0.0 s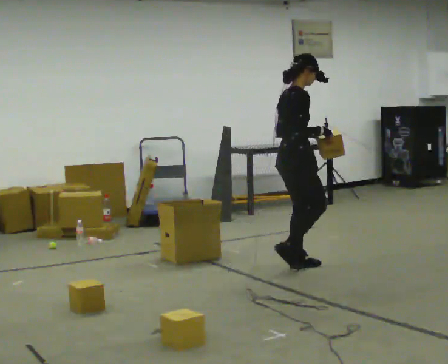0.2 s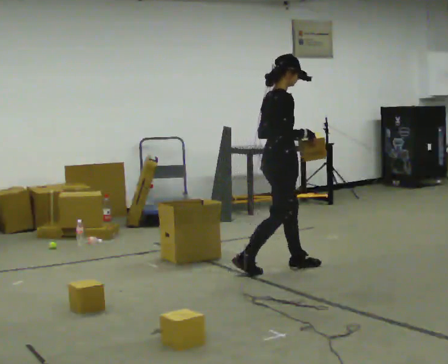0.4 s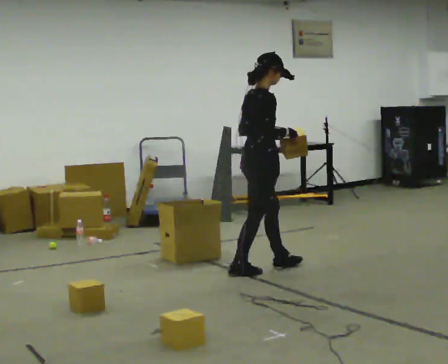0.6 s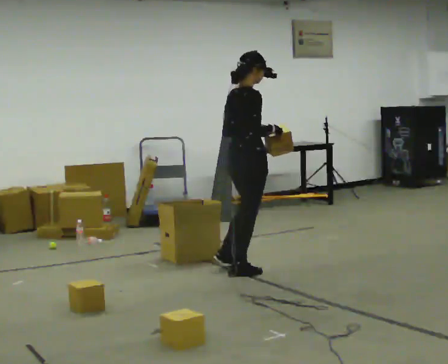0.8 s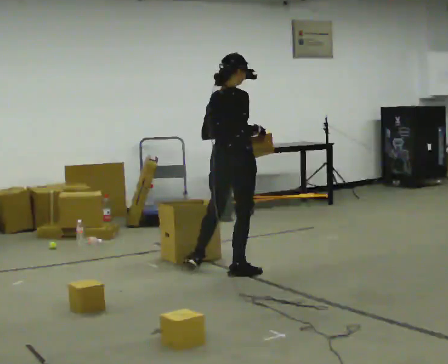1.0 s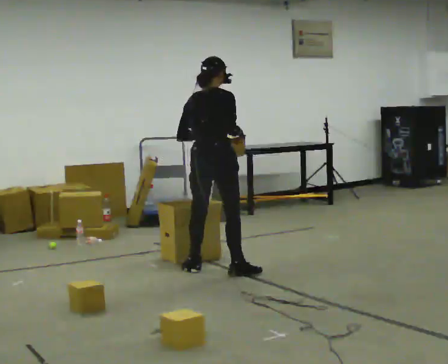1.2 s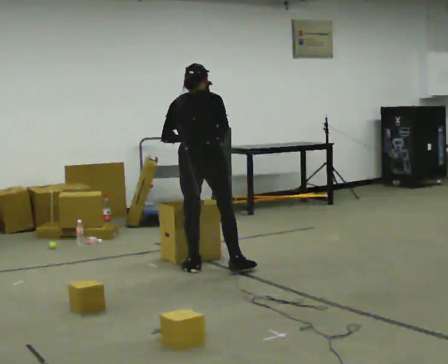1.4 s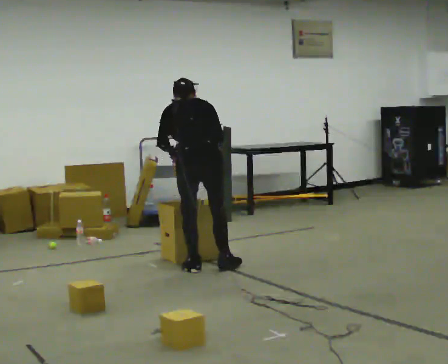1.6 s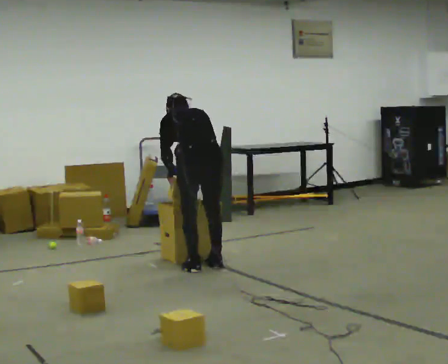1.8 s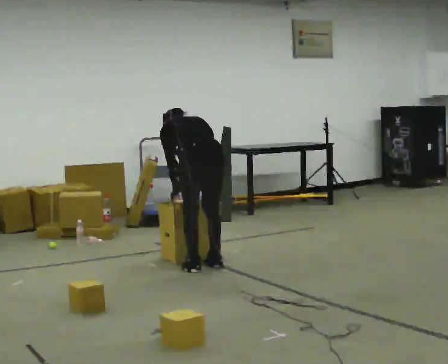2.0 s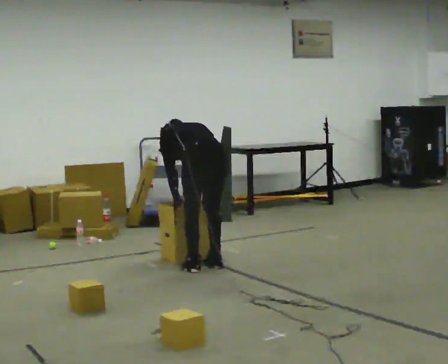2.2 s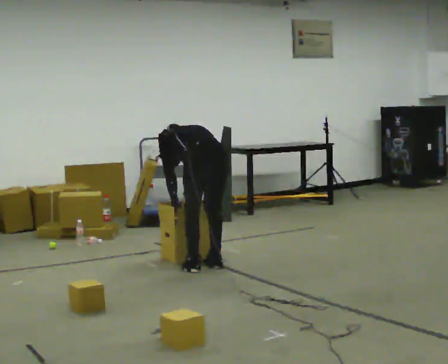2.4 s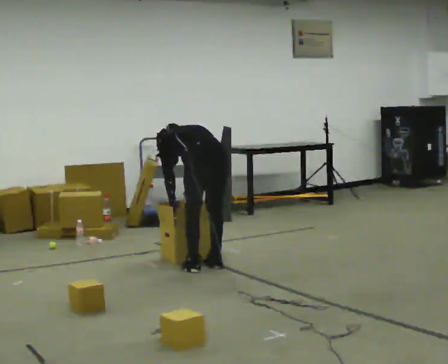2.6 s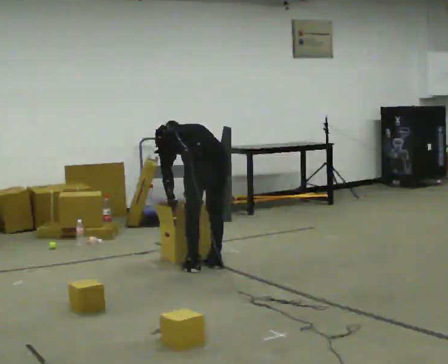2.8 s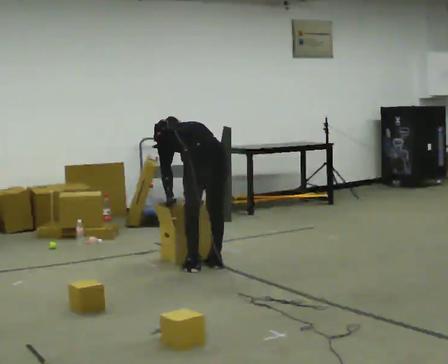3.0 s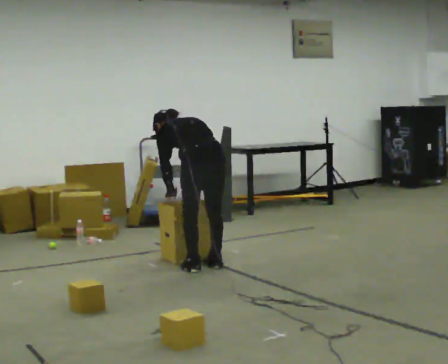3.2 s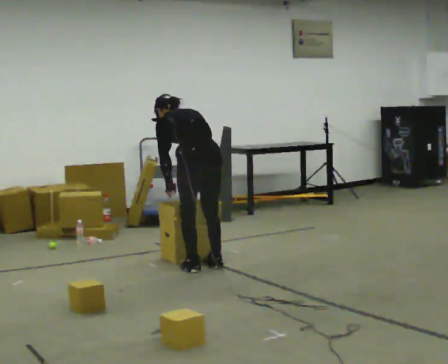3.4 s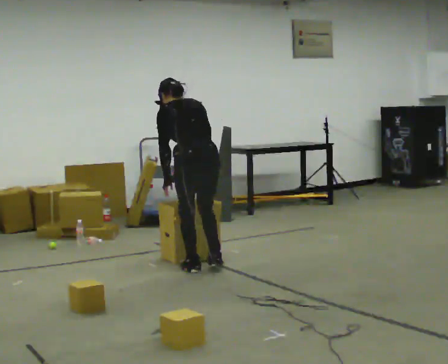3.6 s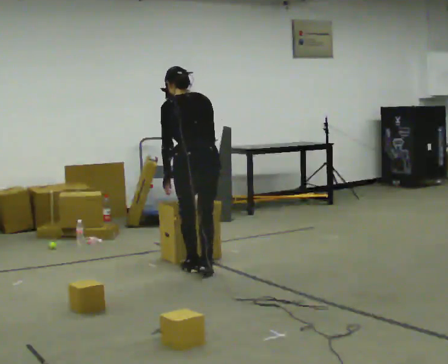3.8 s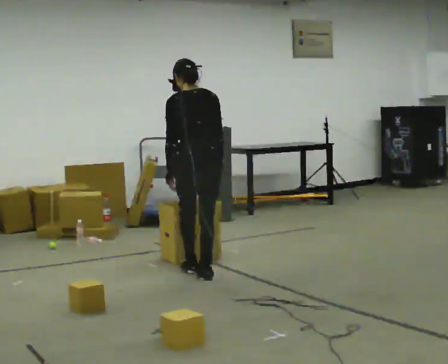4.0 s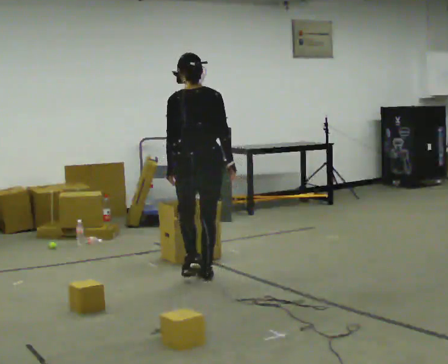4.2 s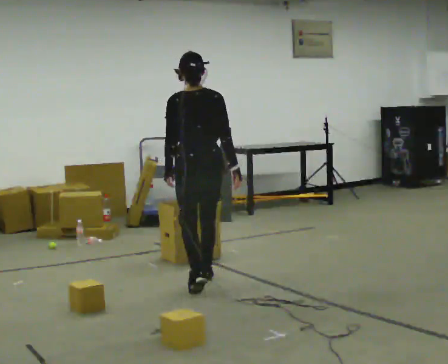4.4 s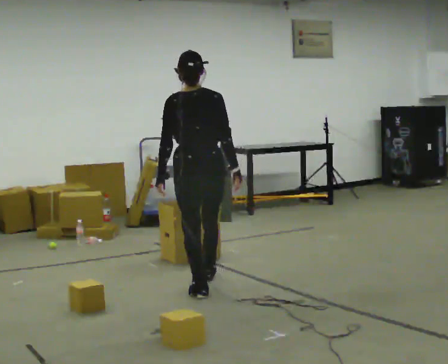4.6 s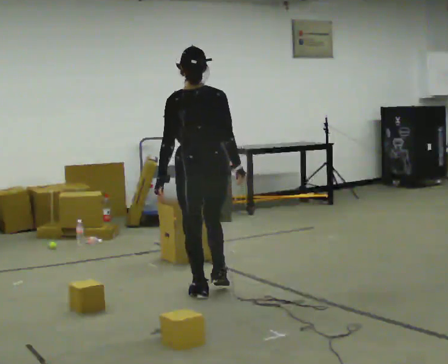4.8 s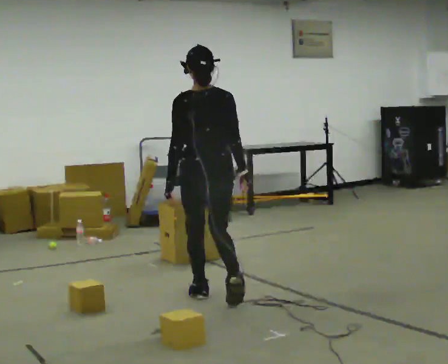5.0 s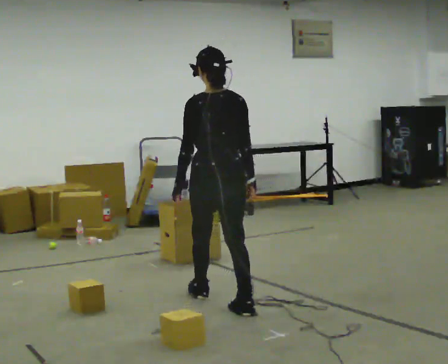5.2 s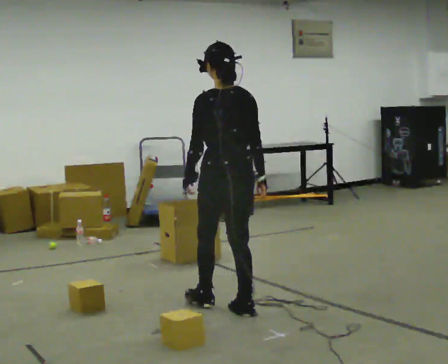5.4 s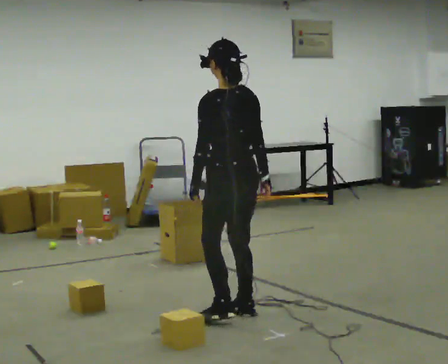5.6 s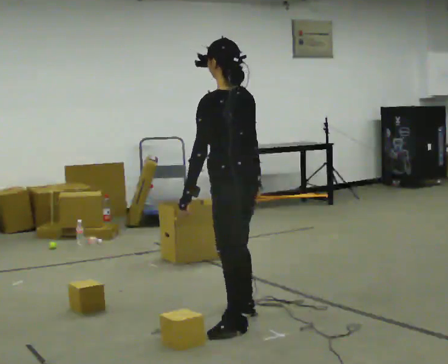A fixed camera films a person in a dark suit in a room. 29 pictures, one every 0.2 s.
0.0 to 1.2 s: Seen from above the body turns counterclockwise, about 60 degrees: to their left, with its near side sliding to the right. In the picture they go to the left, about 0.75 m in 2 steps.
1.2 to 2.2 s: The part of the body nearest the lens slides to the right as the person turns to their left by about 45 degrees. The shoulders move downward. The upper body tips away from the camera, its near side rolling upward, as they bend forward. In the picture their right hand goes downward.
2.2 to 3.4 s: The upper body goes upward. The upper body tips toward the camera, its near side rolling downward, as they lean back or straighten.
3.4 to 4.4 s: In the picture they go toward the camera, about 0.5 m in 2 steps, which for them is backward. The upper body tips toward the camera, its near side rolling downward, as they lean back or straighten.
4.4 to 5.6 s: The person turns about 45 degrees to their left, counterclockwise seen from above, so the part of the body nearest the lens slides to the right. In the picture they go toward the camera, about 0.5 m in 1 step, which for them is backward.
The film runs backward here.
